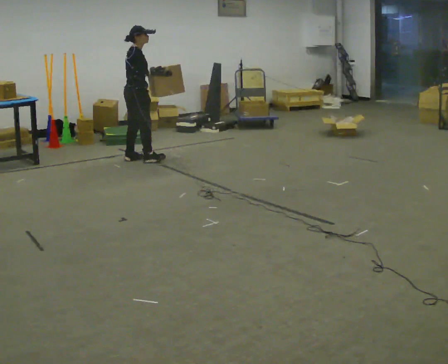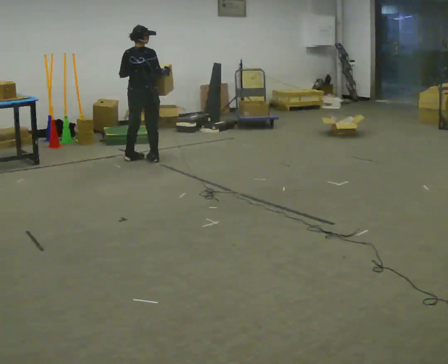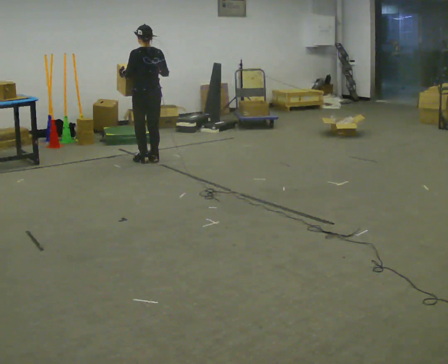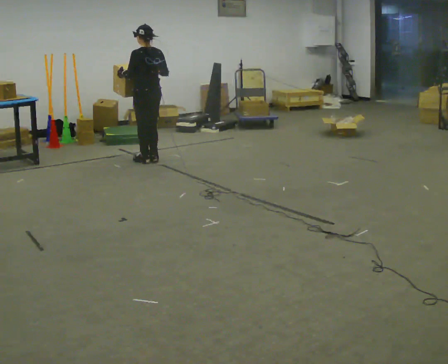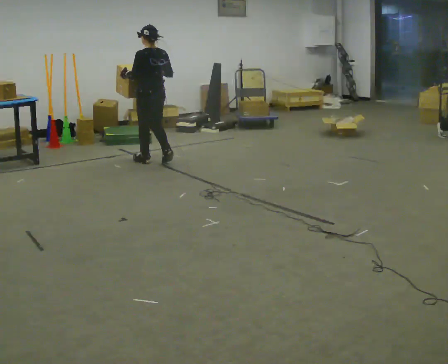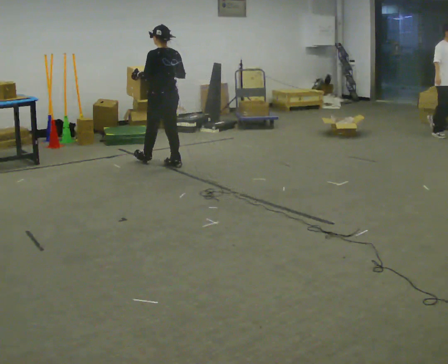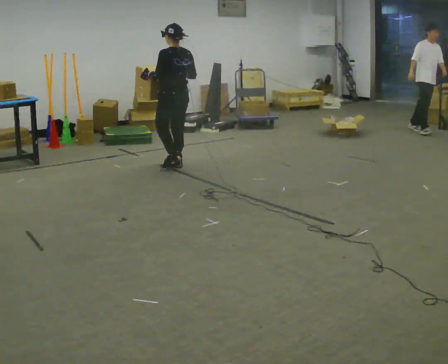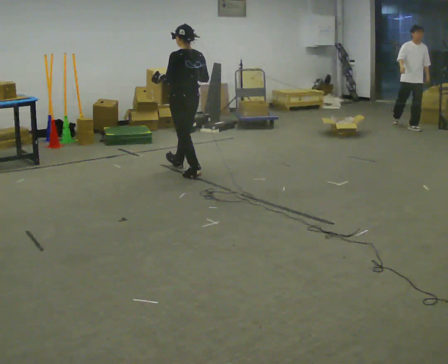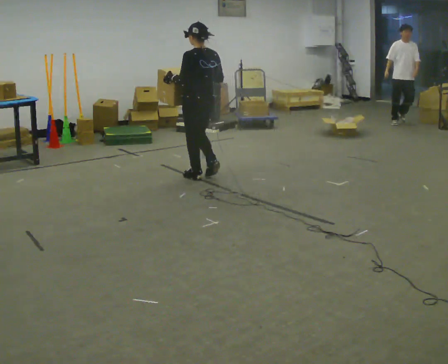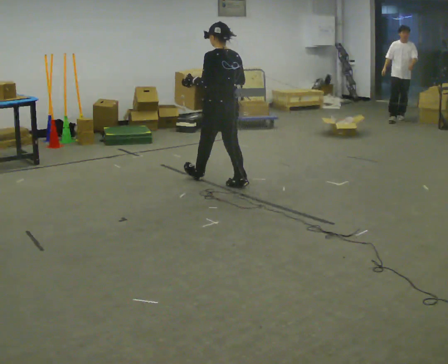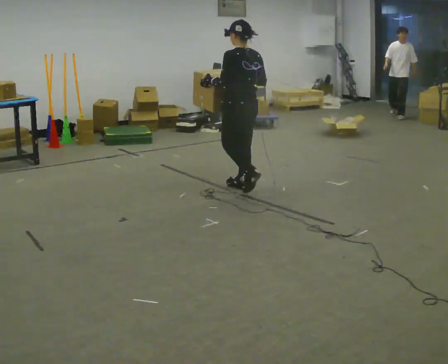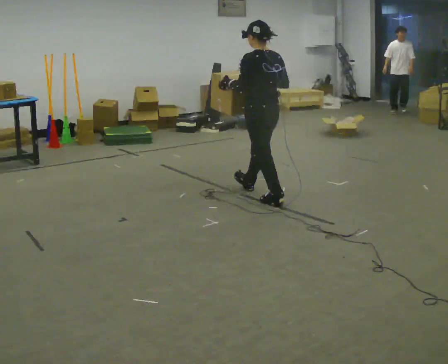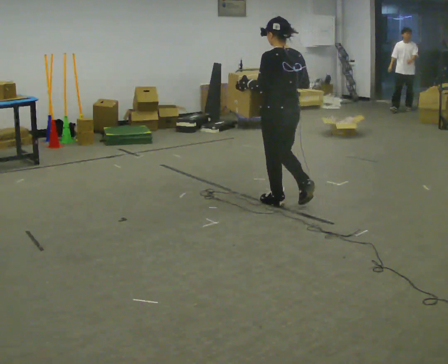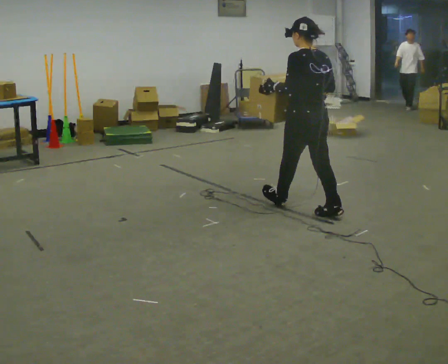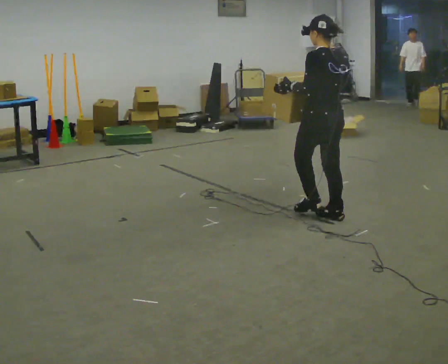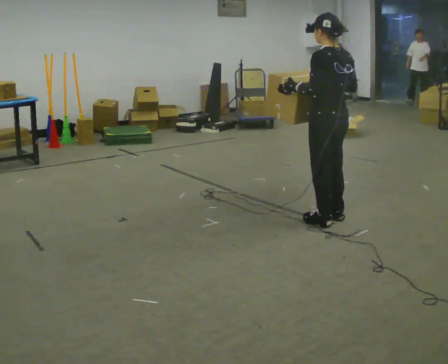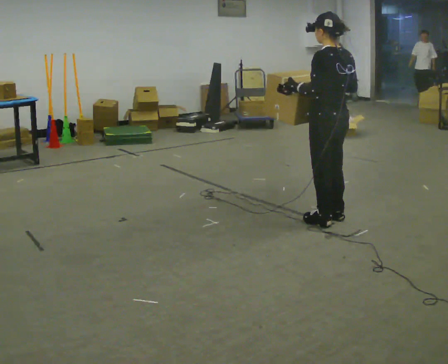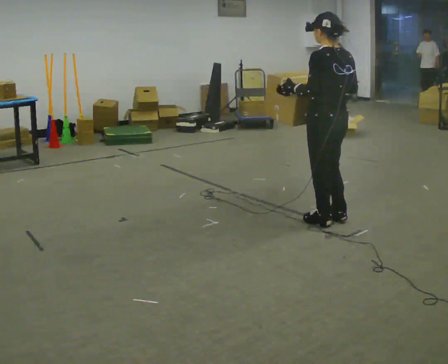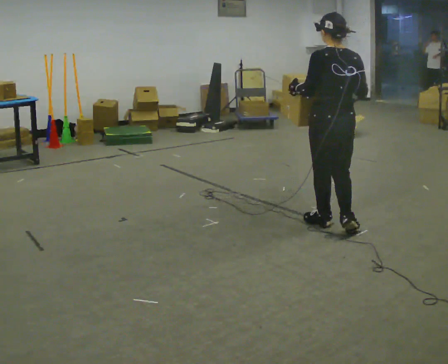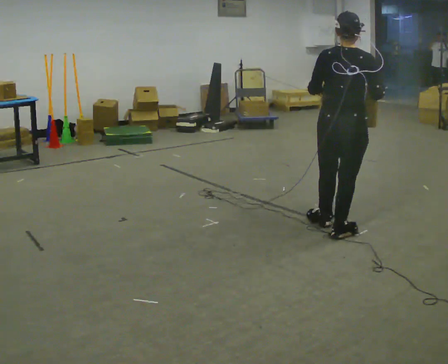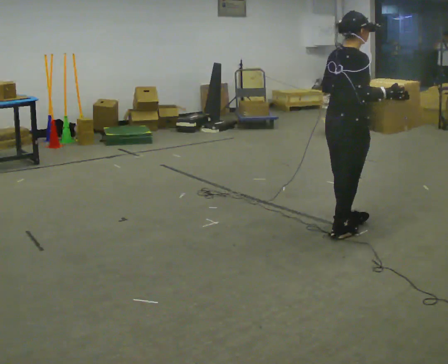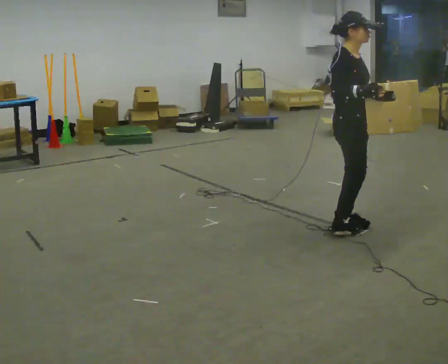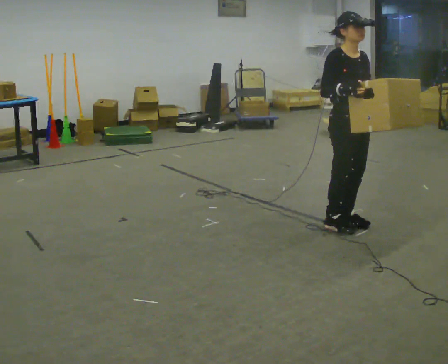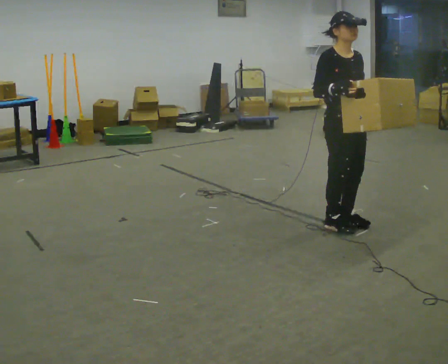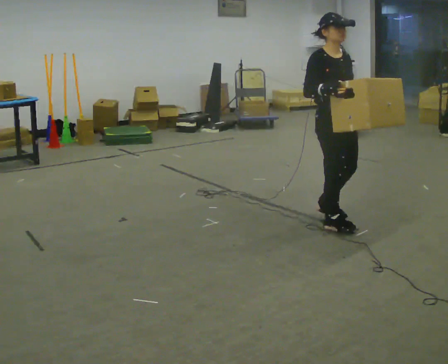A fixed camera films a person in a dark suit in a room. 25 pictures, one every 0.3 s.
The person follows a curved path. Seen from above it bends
clockwise.
0.0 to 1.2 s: Seen from above the body turns counterclockwise, about 120 degrees: to their left, with its near side sliding to the right. In the picture they go to the right, about 0.25 m in 2 steps.
1.2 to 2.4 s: In the picture they go toward the camera and to the right, about 1 m in 2 steps, which for them is backward.
2.4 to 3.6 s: In the picture they go toward the camera and to the right, about 1 m in 2 steps, which for them is backward.
3.6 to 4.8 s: In the picture they go toward the camera and to the right, about 0.5 m in 1 step, which for them is backward.
4.8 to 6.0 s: Seen from above the body turns clockwise, about 105 degrees: to their right, with its near side sliding to the left. In the picture they go toward the camera, about 0.25 m in 1 step.
6.0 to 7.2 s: Seen from above the body turns clockwise, about 75 degrees: to their right, with its near side sliding to the left. In the picture they go away from the camera, about 0.25 m in 2 steps. In the picture their right hand goes to the left.
The film runs backward here.
